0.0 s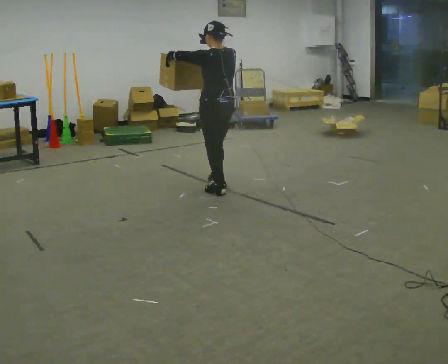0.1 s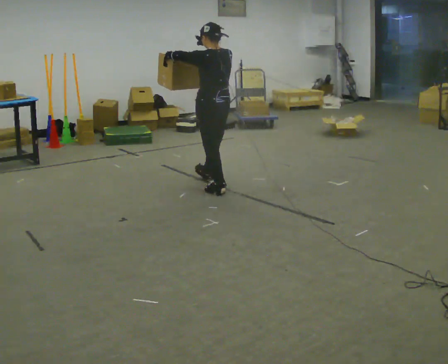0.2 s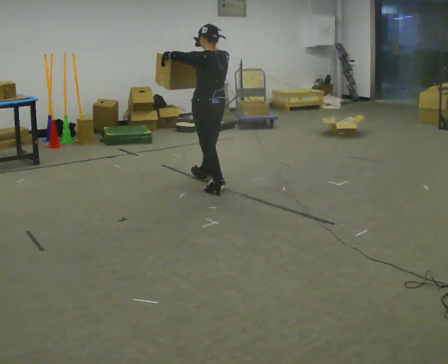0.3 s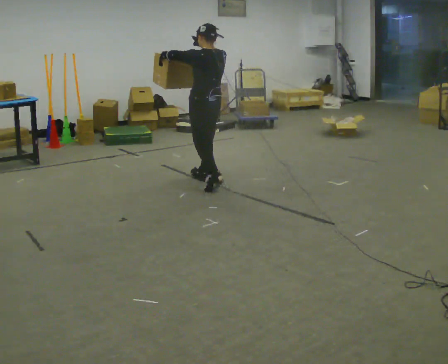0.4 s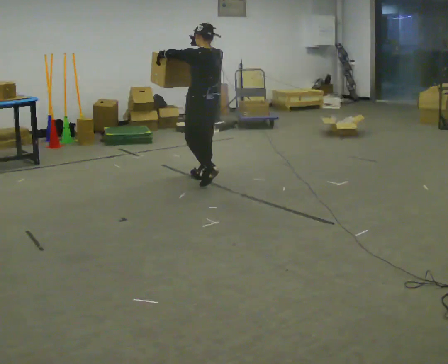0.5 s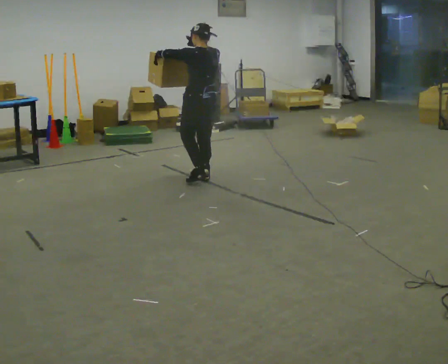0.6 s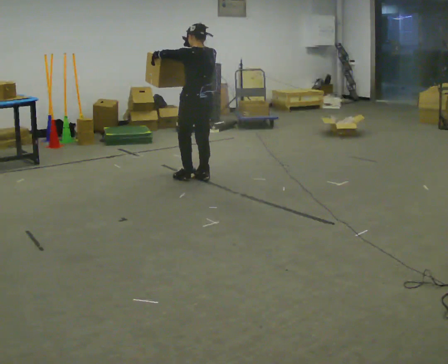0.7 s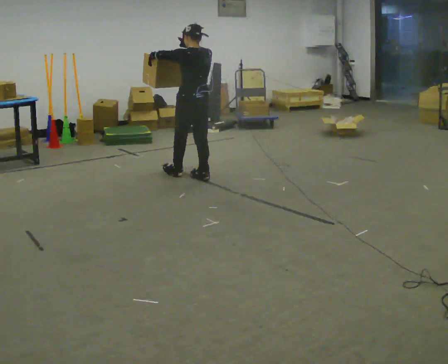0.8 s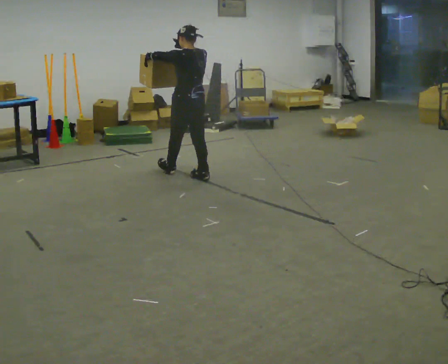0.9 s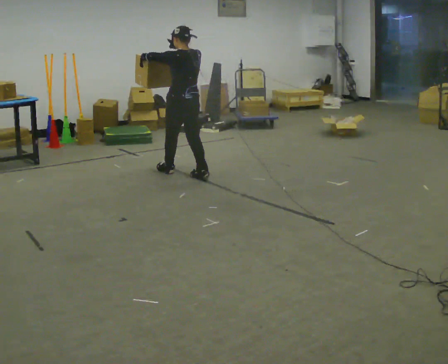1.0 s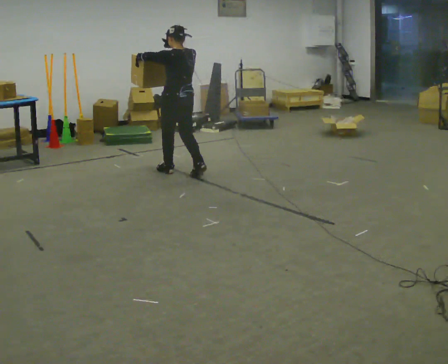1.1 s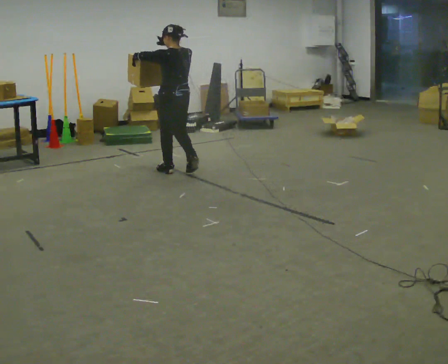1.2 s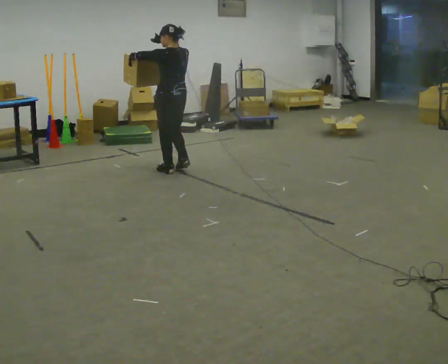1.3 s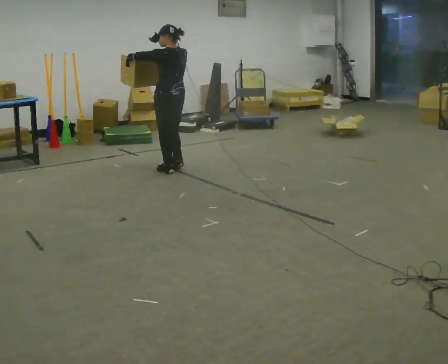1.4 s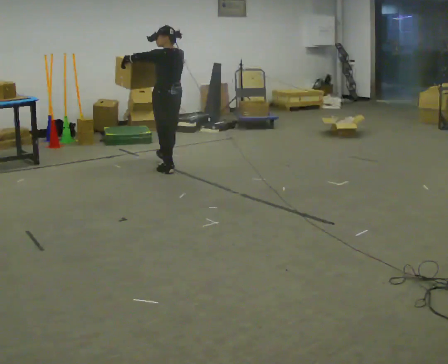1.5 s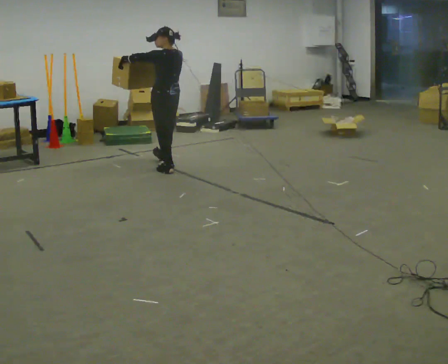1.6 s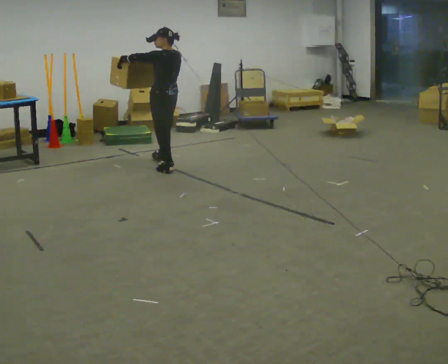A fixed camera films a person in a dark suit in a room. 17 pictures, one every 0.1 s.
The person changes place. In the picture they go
away from the camera.
0.0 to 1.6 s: In the picture they go away from the camera and to the left, about 1 m in 3 steps, which for them is forward.
The film runs forward here.
